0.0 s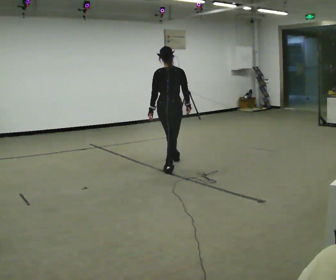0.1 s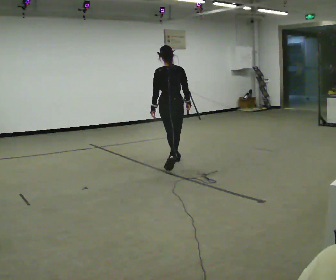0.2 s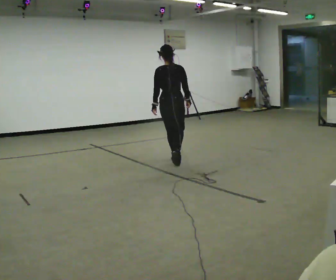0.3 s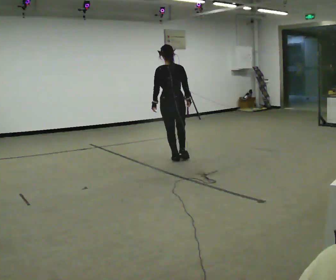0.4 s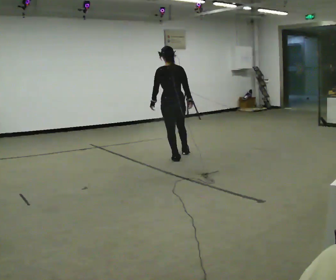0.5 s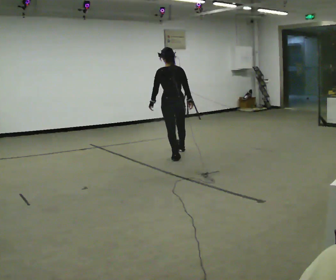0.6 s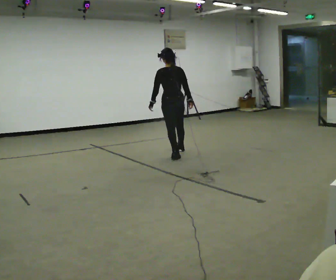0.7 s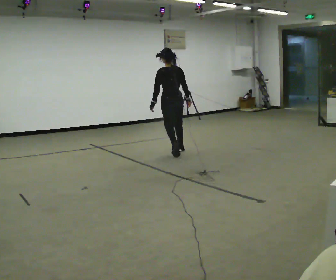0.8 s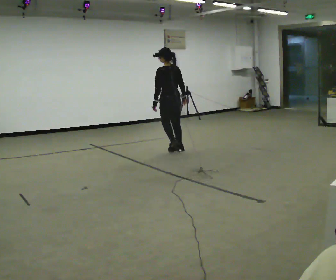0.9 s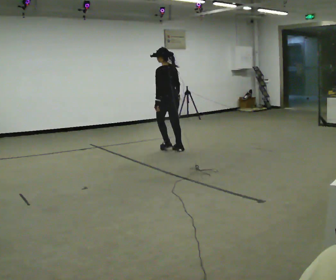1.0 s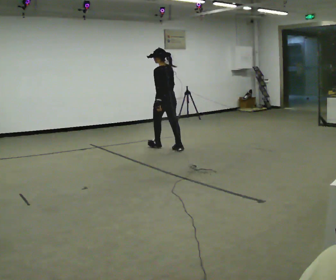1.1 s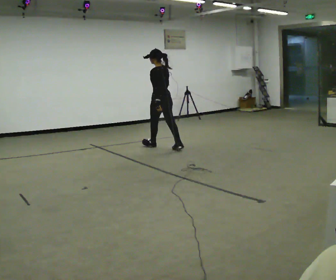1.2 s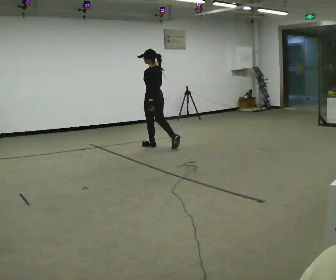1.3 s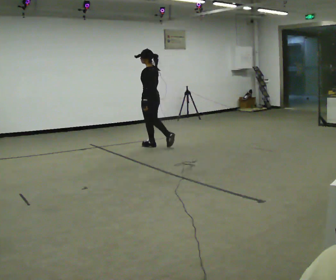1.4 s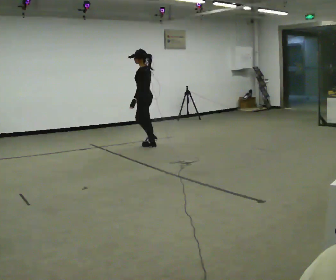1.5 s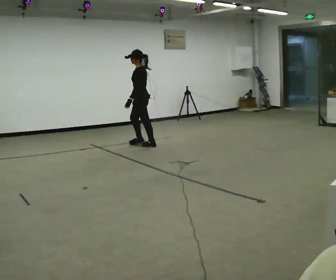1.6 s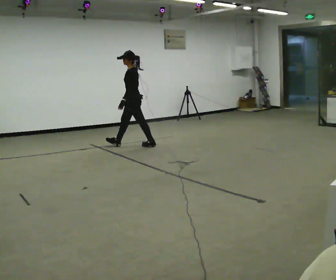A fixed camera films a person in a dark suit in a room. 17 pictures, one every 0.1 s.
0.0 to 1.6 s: The person turns about 105 degrees to their left, counterclockwise seen from above, so the part of the body nearest the lens slides to the right. In the picture they go away from the camera and to the left, about 1.5 m in 2 steps.
The film runs forward here.
